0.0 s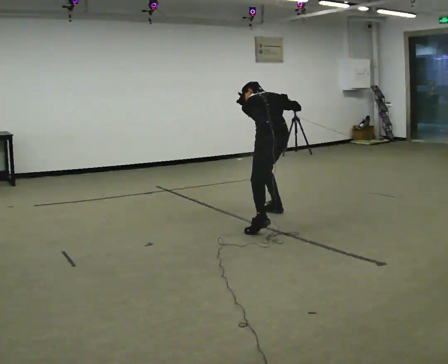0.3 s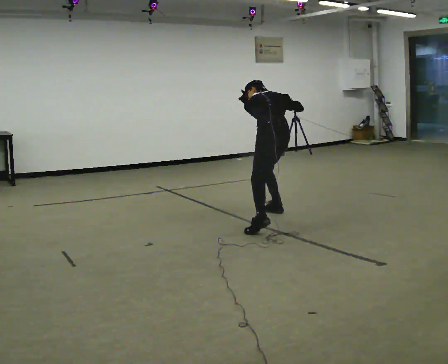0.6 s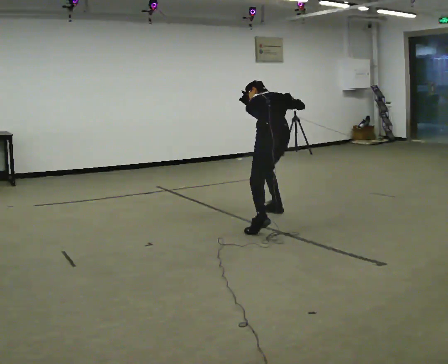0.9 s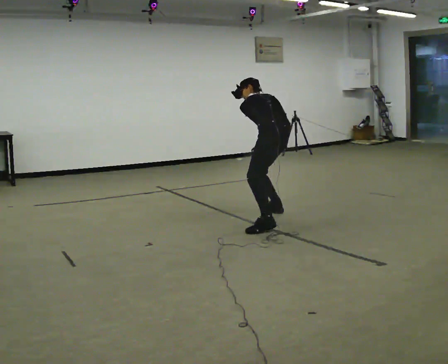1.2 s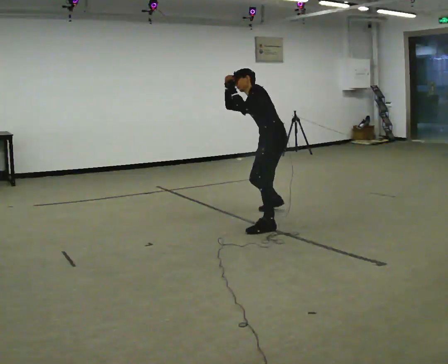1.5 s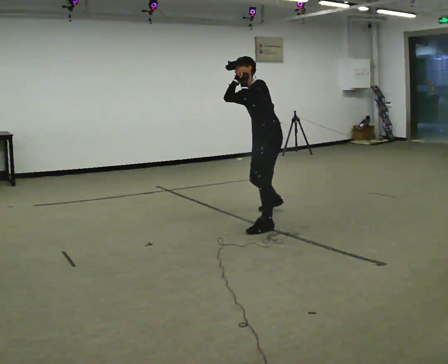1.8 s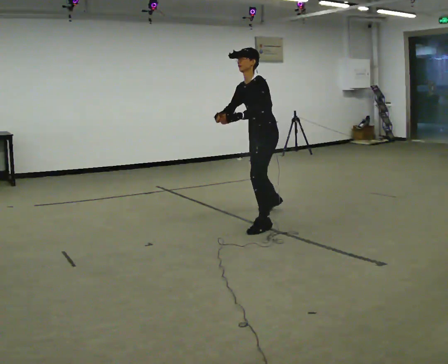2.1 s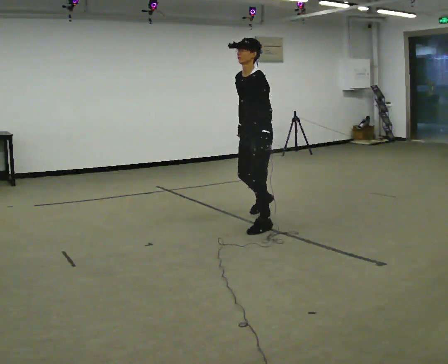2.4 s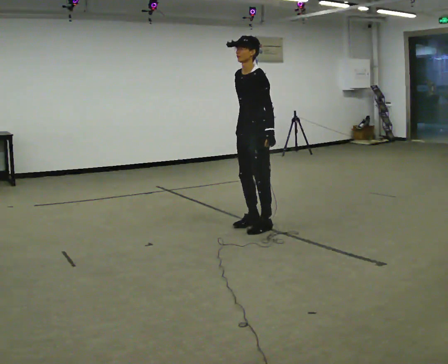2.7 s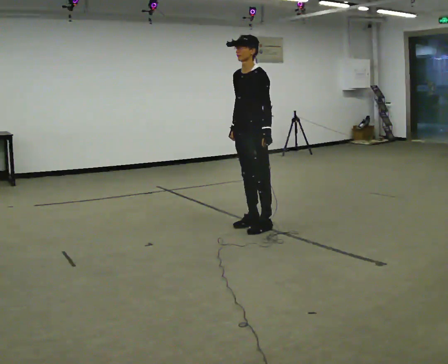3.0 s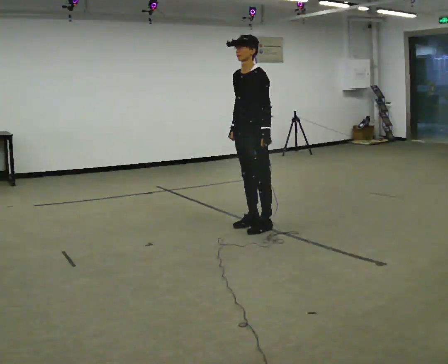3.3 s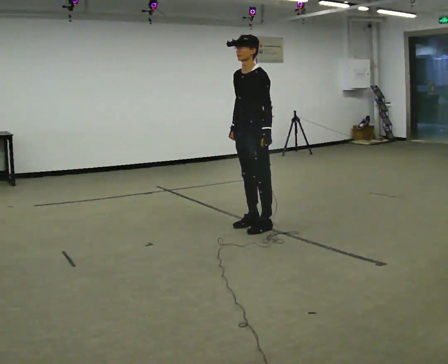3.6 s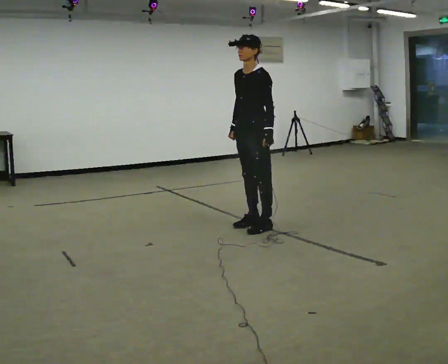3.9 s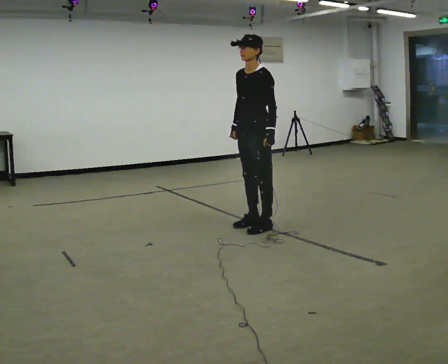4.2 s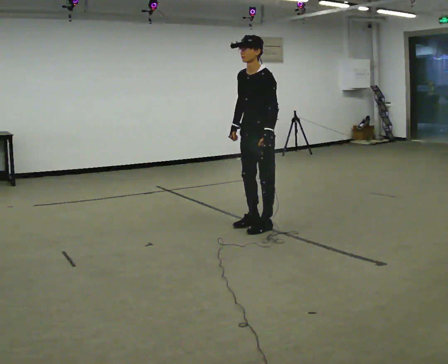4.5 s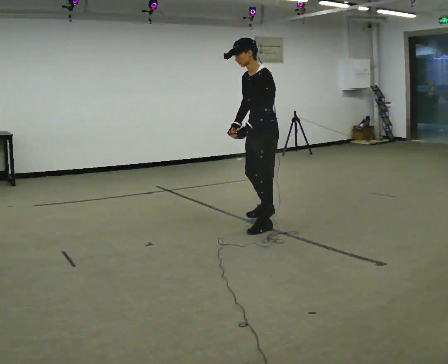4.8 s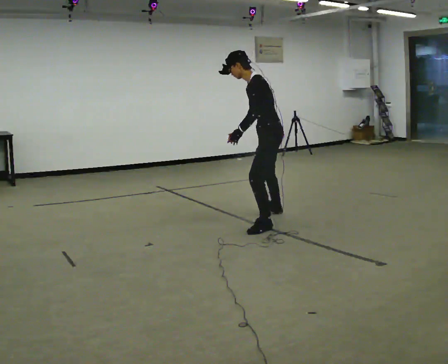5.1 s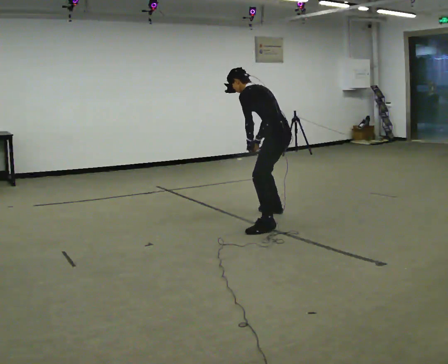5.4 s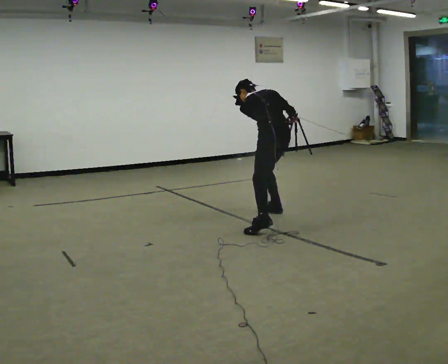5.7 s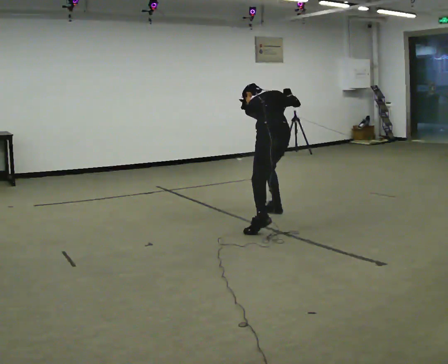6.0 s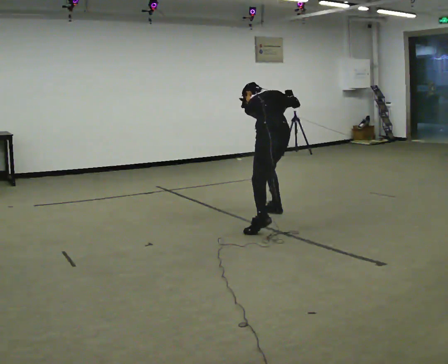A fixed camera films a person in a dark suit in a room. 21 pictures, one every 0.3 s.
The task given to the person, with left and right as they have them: Mime a golf swing with no club: set your stance, swing back, swing through and follow through. Repeat the movement at your own pace until the operator says stop; do not rush.
0.0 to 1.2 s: The person turns about 75 degrees to their left, counterclockwise seen from above, so the part of the body nearest the lens slides to the right. The upper body tips toward the camera, its near side rolling downward, as they lean back or straighten. In the picture their right hand goes to the left.
1.2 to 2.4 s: In the picture they go toward the camera and to the left, about 0.25 m in 1 step, which for them is forward and to their left. The upper body goes upward. The upper body tips toward the camera, its near side rolling downward. In the picture their right hand goes downward.
2.4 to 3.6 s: The person moves a little, or ends about where they began.
3.6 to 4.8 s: The person turns about 45 degrees to their right, clockwise seen from above, so the part of the body nearest the lens slides to the left. In the picture they go to the right and away from the camera, about 0.25 m in 1 step, which for them is backward. In the picture the upper body tilts counterclockwise, shoulders to the left, as they bend forward.
4.8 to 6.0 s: The person turns about 75 degrees to their right, clockwise seen from above, so the part of the body nearest the lens slides to the left. In the picture they go away from the camera, about 0.25 m. The upper body goes downward. The upper body tips away from the camera, its near side rolling upward, as they bend forward. In the picture their right hand goes to the right and upward.
The film runs forward here.
